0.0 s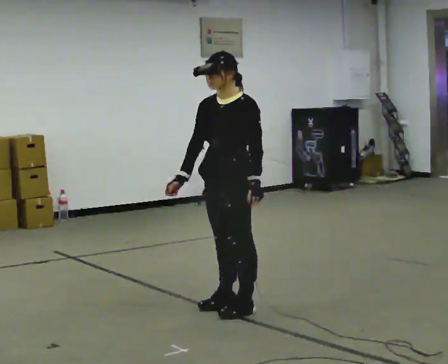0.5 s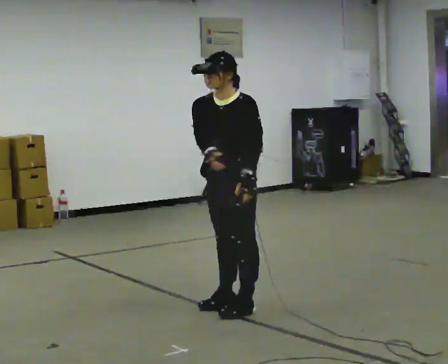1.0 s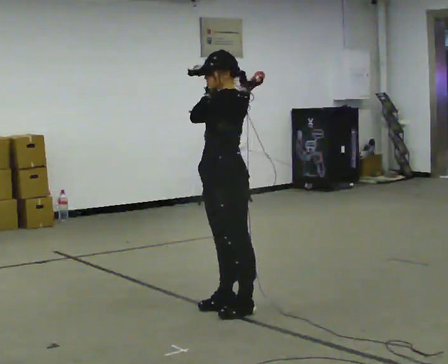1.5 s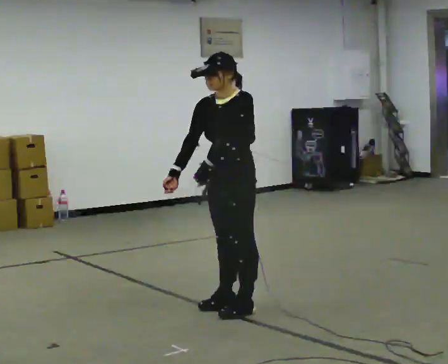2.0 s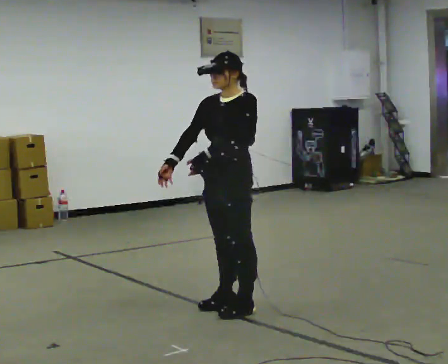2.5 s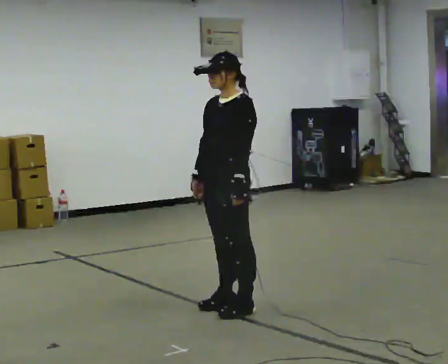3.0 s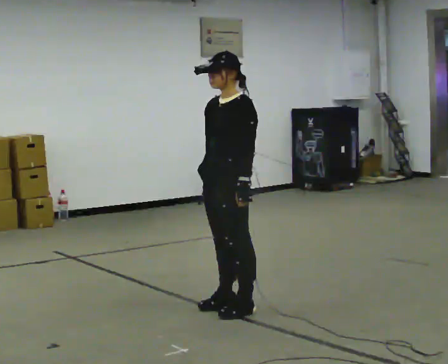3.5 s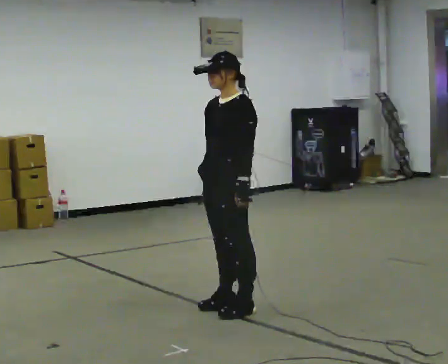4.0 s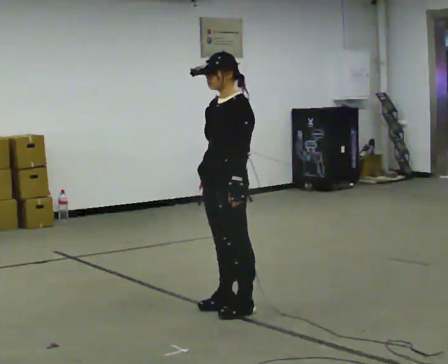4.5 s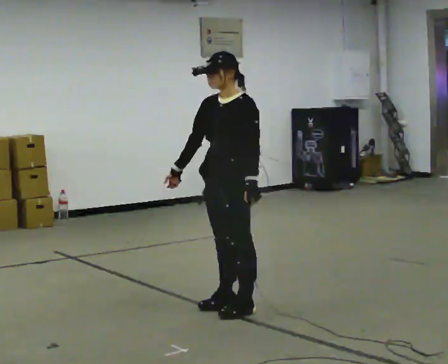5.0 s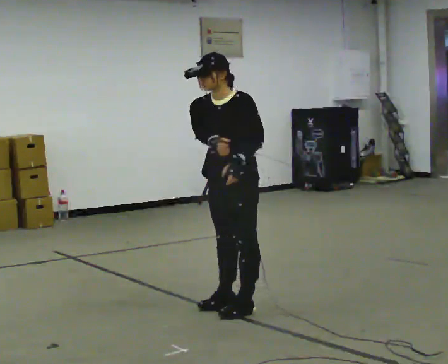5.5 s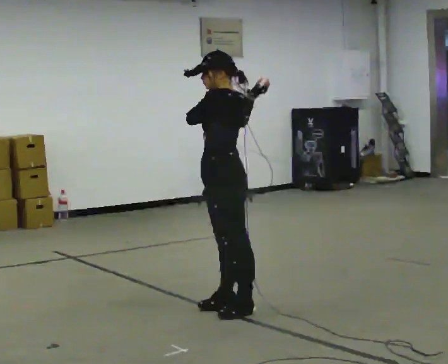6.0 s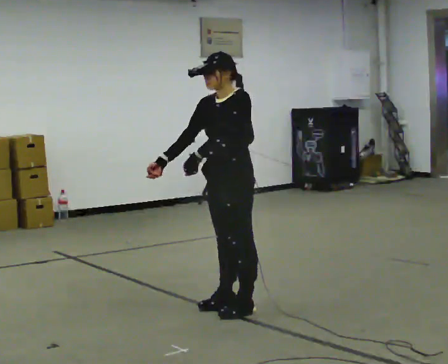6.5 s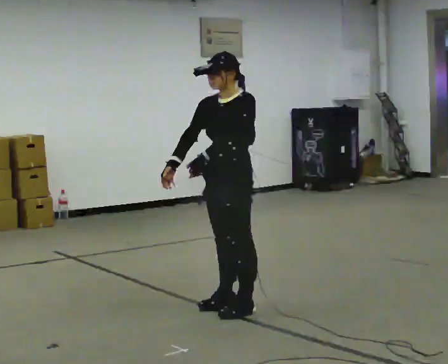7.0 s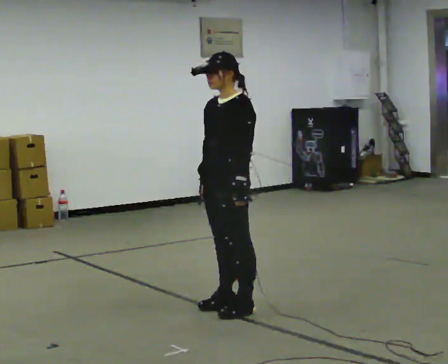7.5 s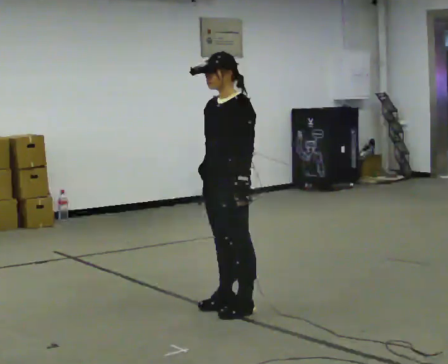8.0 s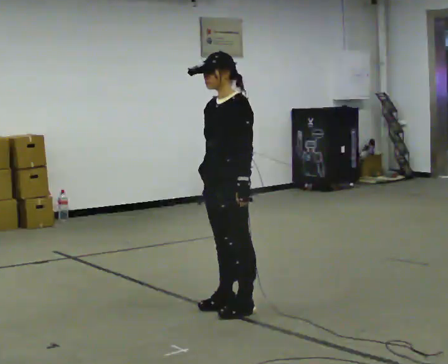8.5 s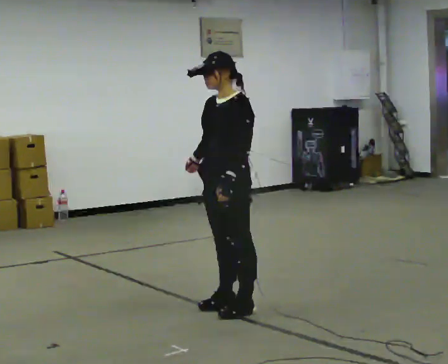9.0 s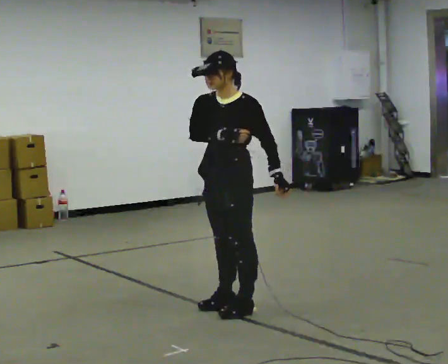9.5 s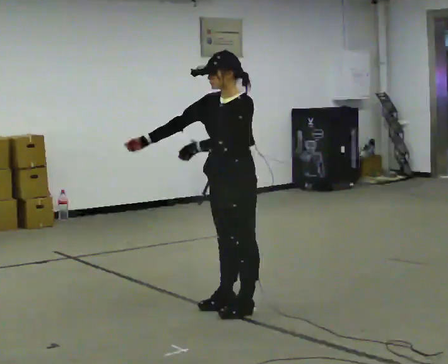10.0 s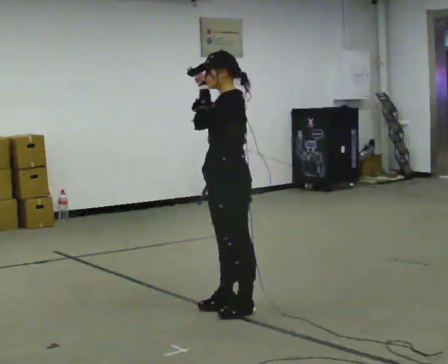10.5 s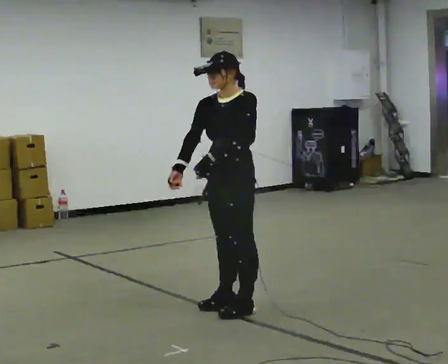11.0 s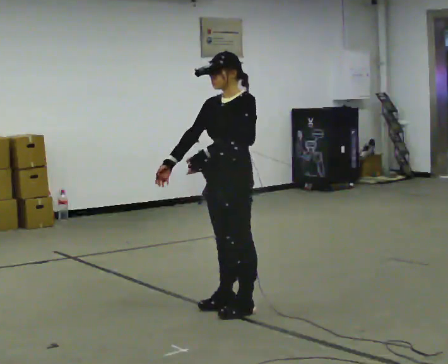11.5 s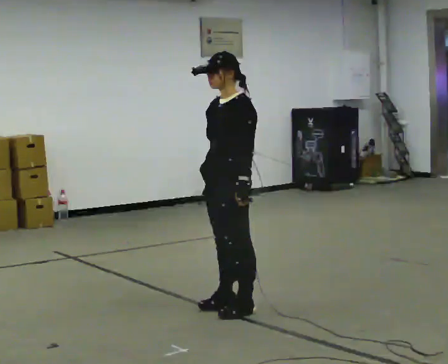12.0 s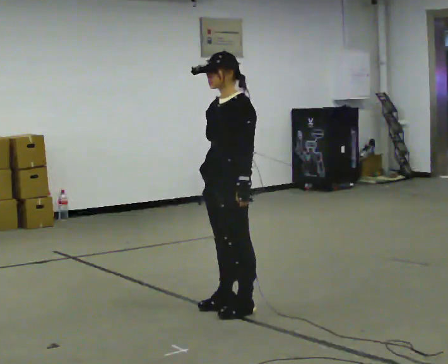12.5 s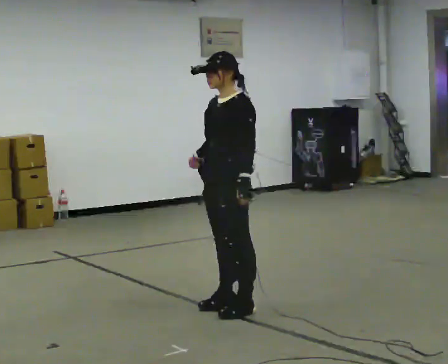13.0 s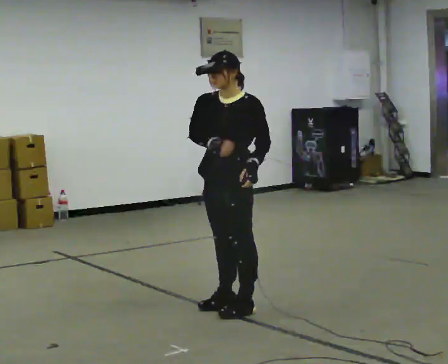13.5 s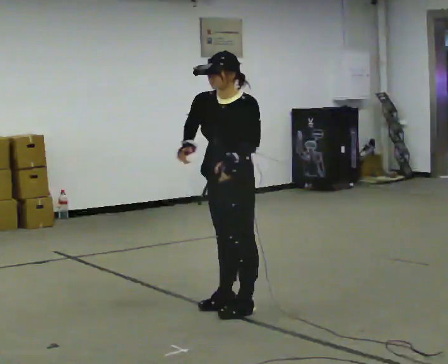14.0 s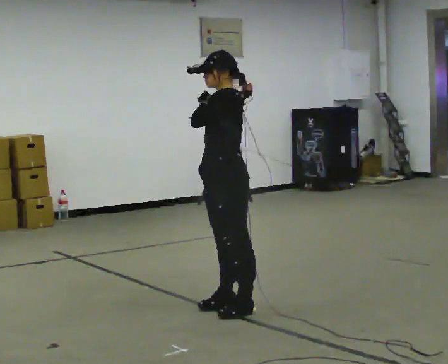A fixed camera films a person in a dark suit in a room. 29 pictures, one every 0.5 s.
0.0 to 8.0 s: The person moves a little, or ends about where they began.
8.0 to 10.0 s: In the picture their right hand goes upward.
10.0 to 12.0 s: In the picture their right hand goes downward.
12.0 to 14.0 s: In the picture their left hand goes upward.
The film runs backward here.
